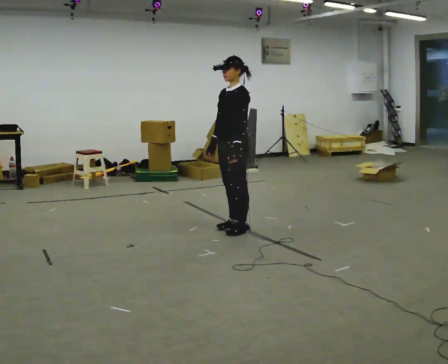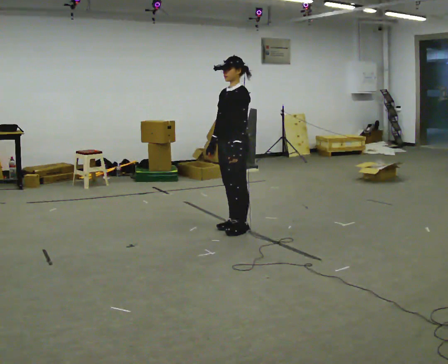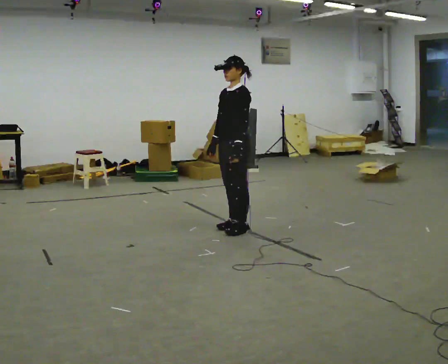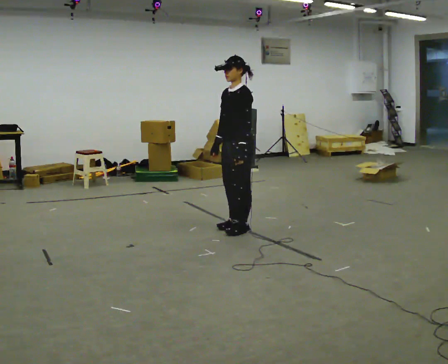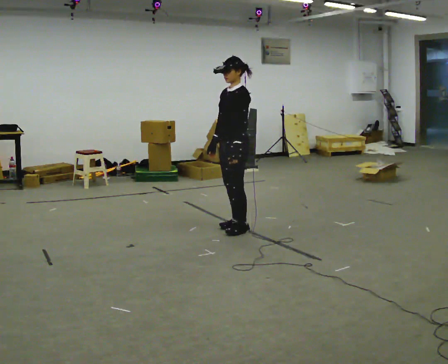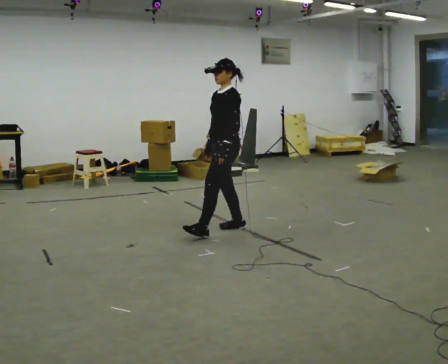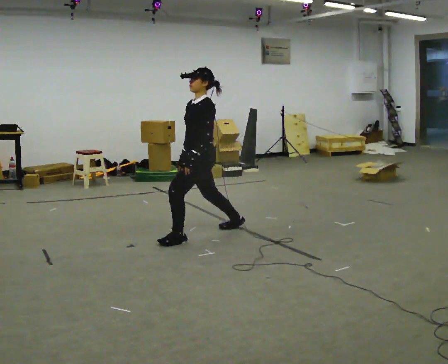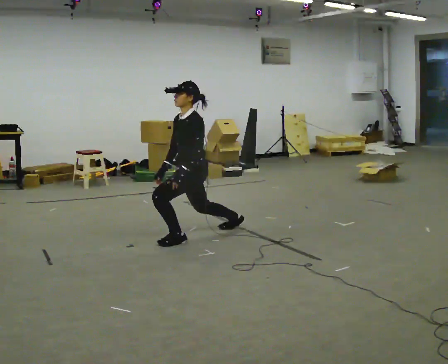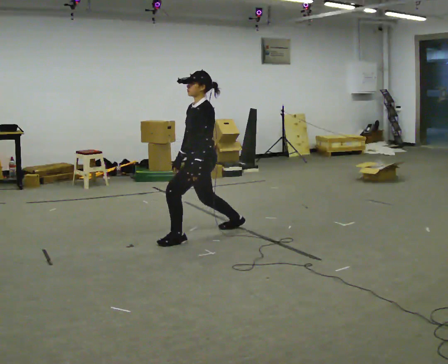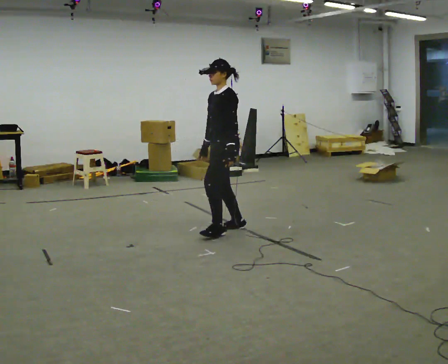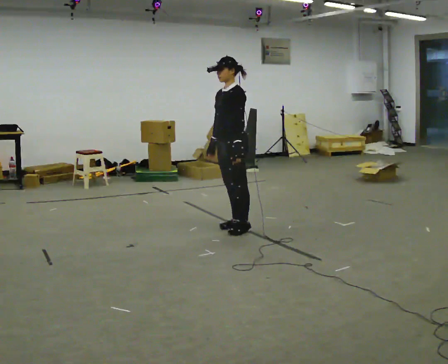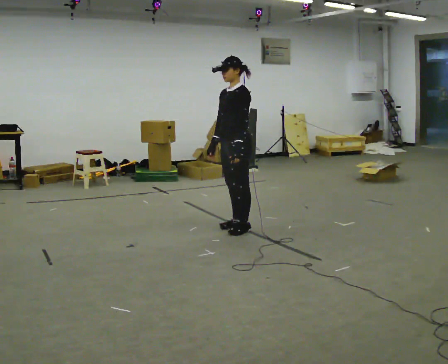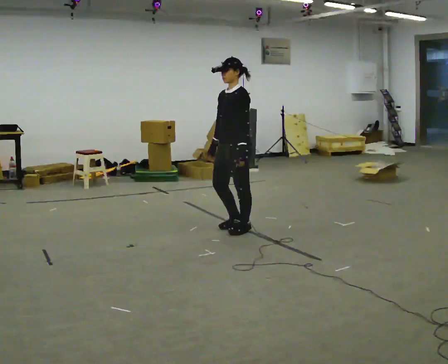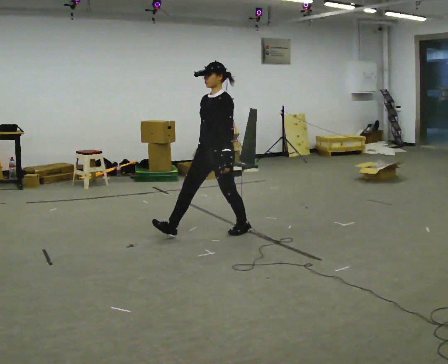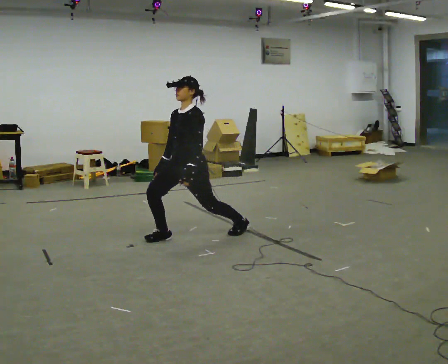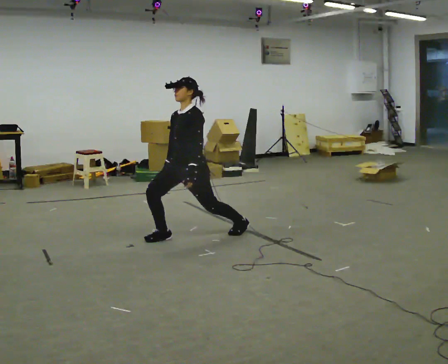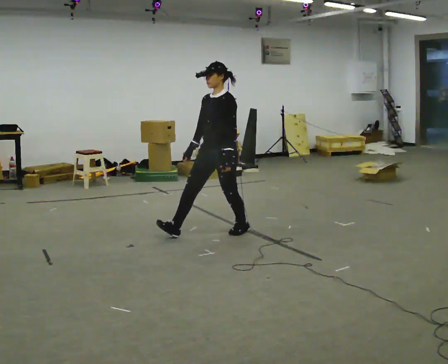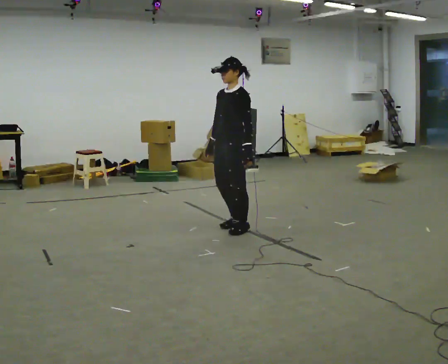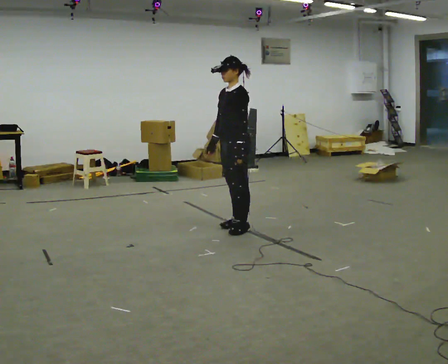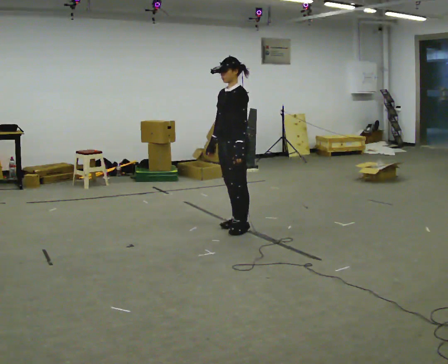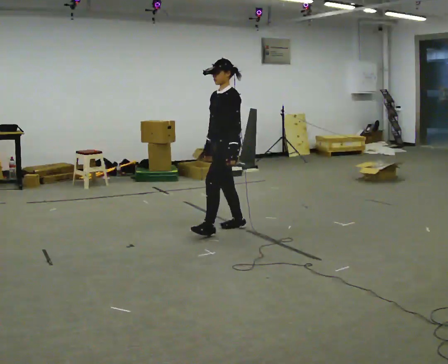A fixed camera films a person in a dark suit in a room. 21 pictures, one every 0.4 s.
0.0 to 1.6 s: The person moves a little, or ends about where they began.
1.6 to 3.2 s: In the picture they go to the left and toward the camera, about 0.25 m in 1 step, which for them is forward.
3.2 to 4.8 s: In the picture they go to the right and away from the camera, about 0.25 m in 1 step, which for them is backward.
4.8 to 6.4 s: The person moves a little, or ends about where they began.
6.4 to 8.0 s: In the picture they go away from the camera, about 0.25 m in 1 step.
The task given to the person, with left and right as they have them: Step forward into a lunge on the leg the operator calls, lowering your back knee toward the floor, then push back to standing. Then do the same stepping backward instead. Repeat the movement at your own pace until the operator says stop; do not rush.
The film runs forward here.
